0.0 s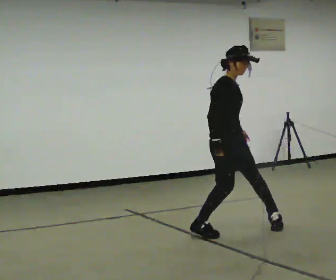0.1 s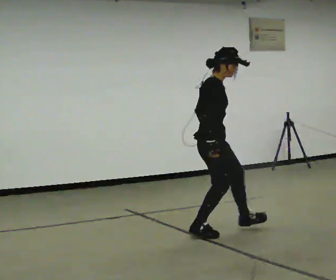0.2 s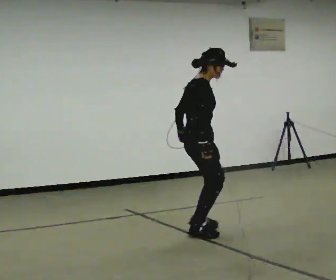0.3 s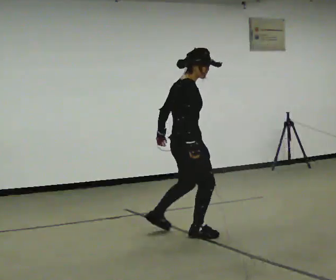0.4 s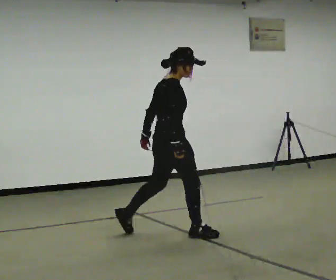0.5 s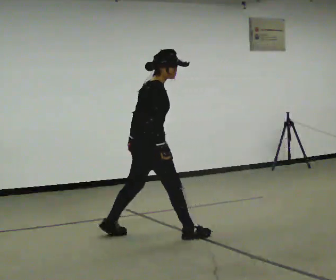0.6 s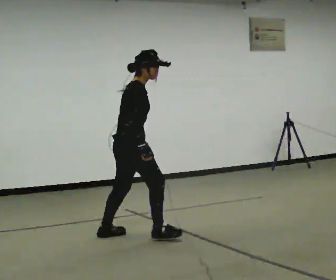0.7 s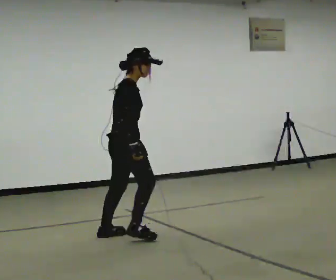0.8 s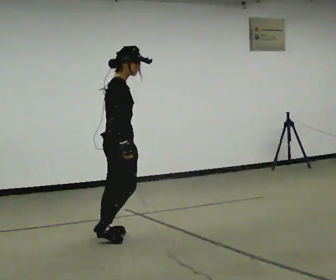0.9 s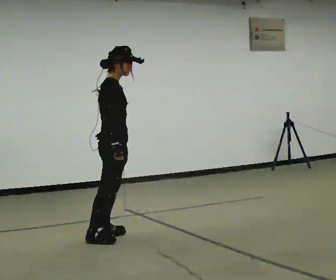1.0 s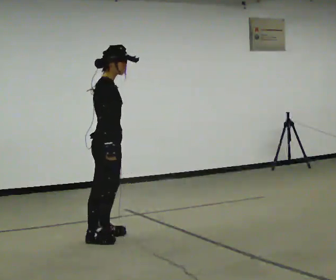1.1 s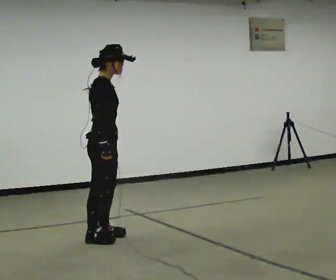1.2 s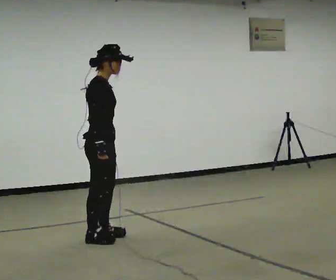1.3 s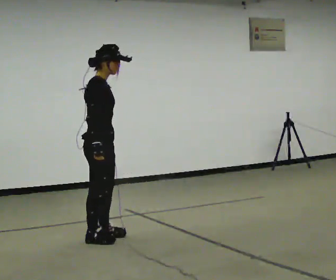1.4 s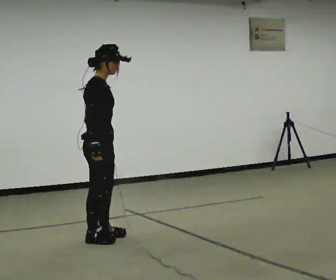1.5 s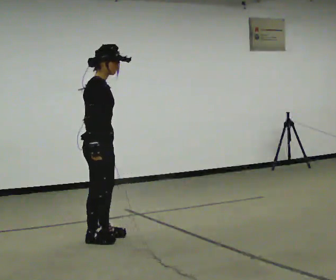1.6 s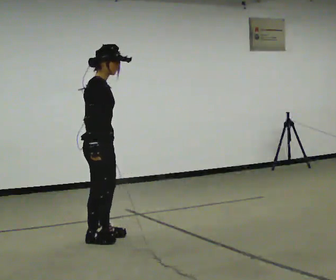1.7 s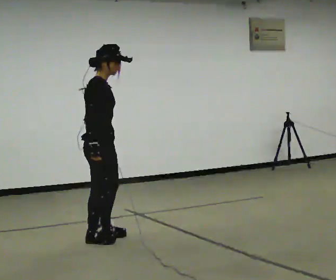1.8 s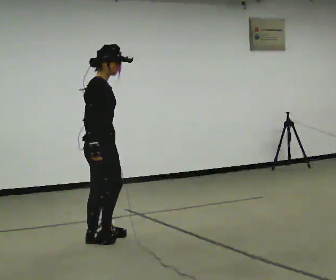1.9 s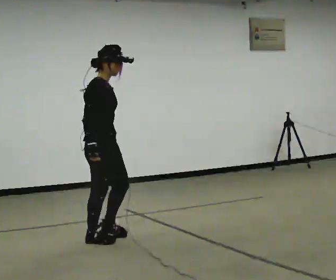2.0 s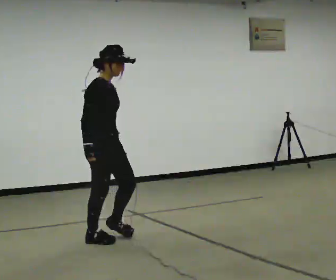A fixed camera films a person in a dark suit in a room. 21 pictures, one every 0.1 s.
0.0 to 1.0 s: The person turns about 30 degrees to their left, counterclockwise seen from above, so the part of the body nearest the lens slides to the right. In the picture they go to the left, about 1 m in 2 steps, which for them is backward.
1.0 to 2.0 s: The person moves a little, or ends about where they began.
The film runs forward here.
